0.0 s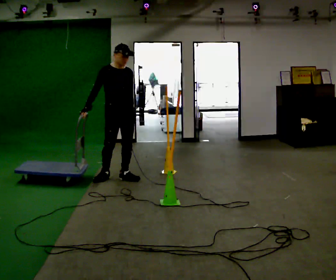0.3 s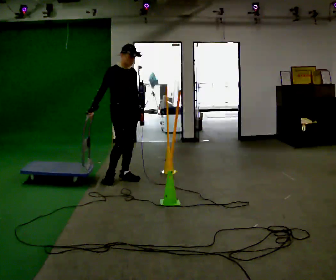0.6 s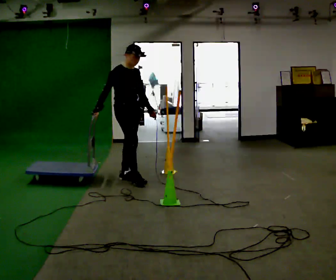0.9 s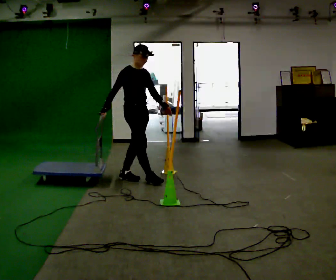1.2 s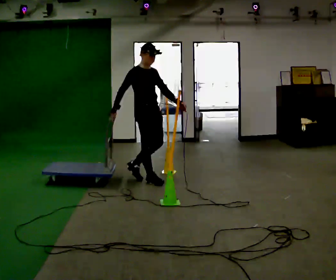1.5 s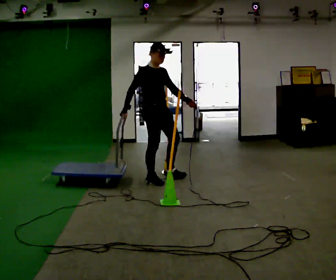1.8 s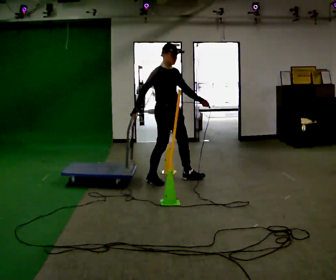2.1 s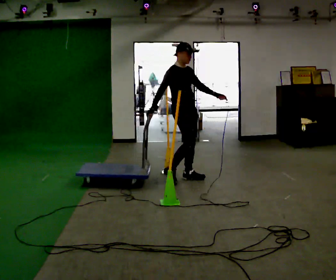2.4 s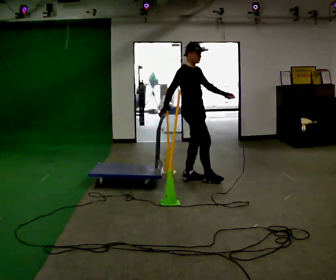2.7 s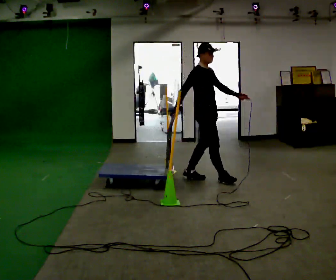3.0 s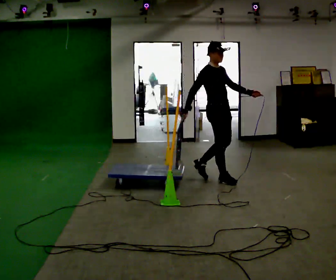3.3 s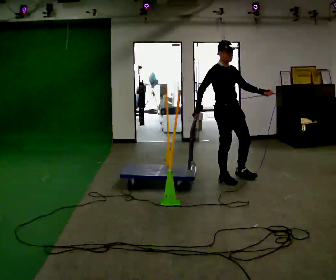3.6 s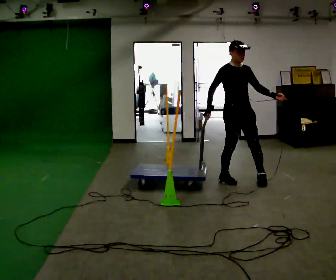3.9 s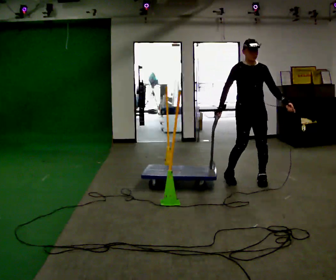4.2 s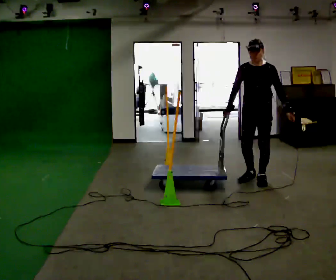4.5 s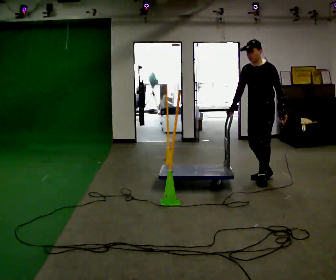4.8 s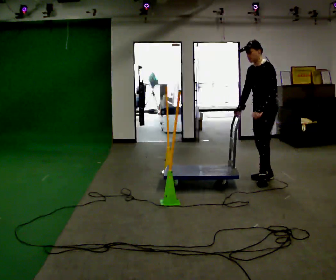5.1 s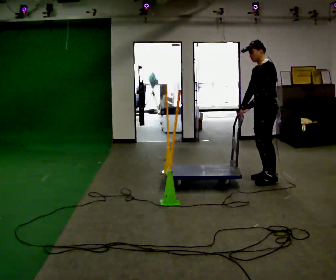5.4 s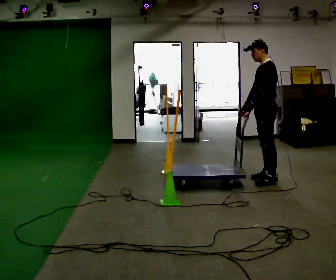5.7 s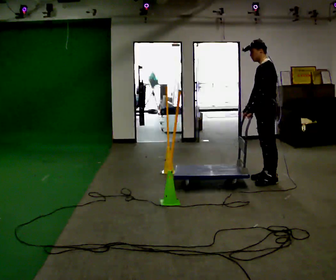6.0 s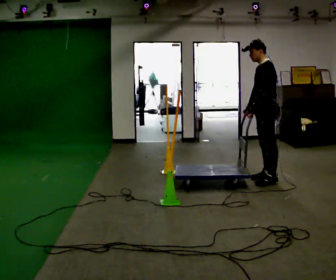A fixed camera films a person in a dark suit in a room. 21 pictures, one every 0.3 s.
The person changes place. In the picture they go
to the right.
0.0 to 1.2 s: The person turns about 30 degrees to their left, counterclockwise seen from above, so the part of the body nearest the lens slides to the right. In the picture they go to the right, about 0.25 m in 1 step, which for them is forward.
1.2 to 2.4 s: In the picture they go to the right, about 0.5 m in 1 step, which for them is forward and to their left.
2.4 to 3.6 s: Seen from above the body turns clockwise, about 45 degrees: to their right, with its near side sliding to the left. In the picture they go to the right, about 0.5 m in 2 steps, which for them is forward.
3.6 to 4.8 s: The person turns about 105 degrees to their right, clockwise seen from above, so the part of the body nearest the lens slides to the left. In the picture they go to the right, about 0.5 m in 1 step.
4.8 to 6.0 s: The person moves a little, or ends about where they began.
The film runs forward here.
